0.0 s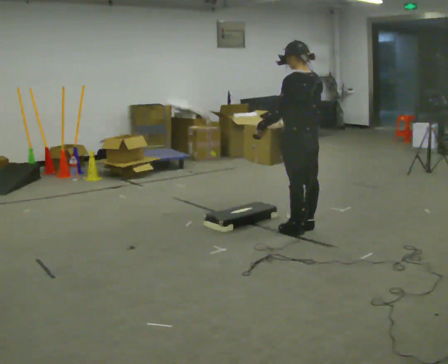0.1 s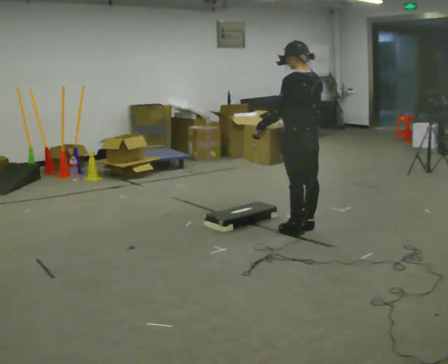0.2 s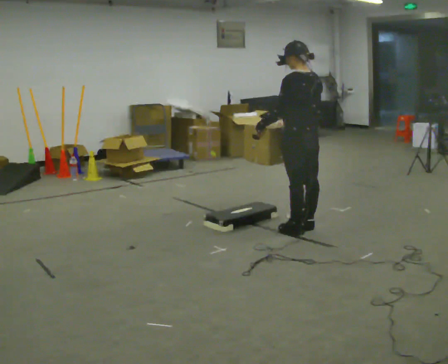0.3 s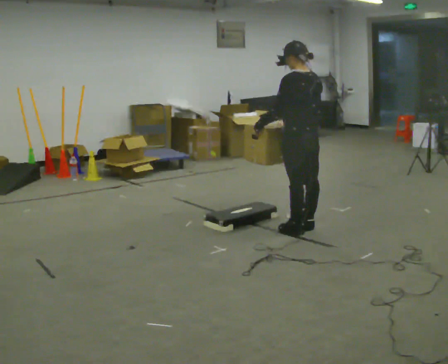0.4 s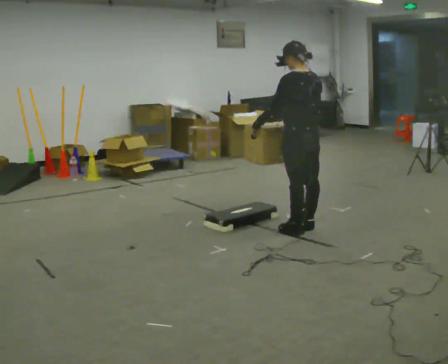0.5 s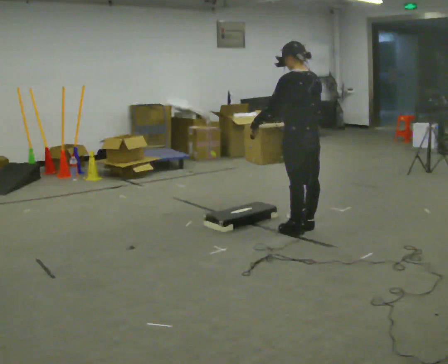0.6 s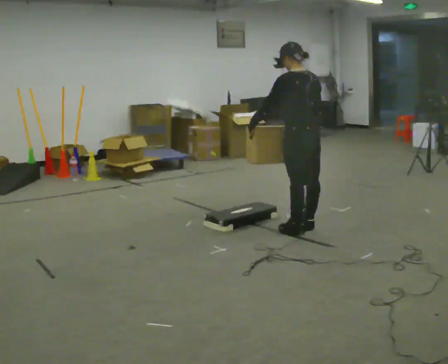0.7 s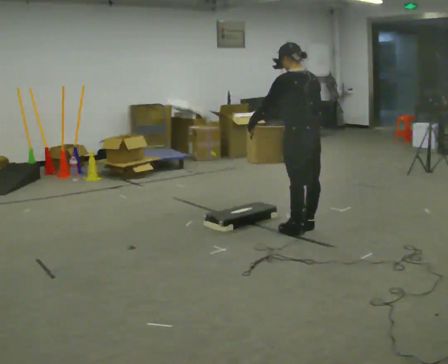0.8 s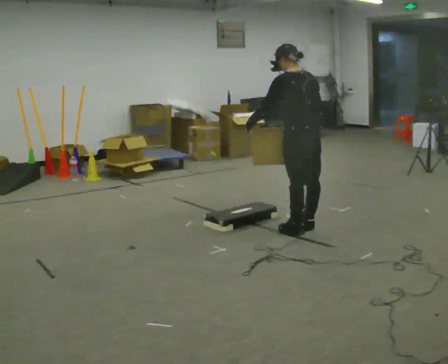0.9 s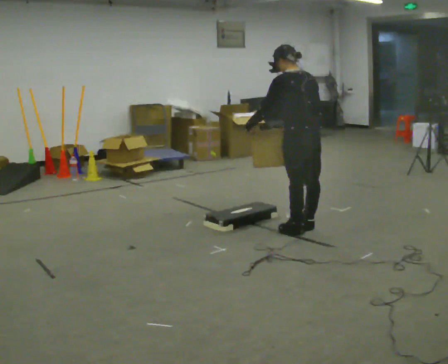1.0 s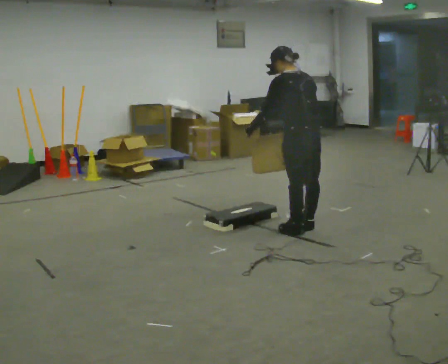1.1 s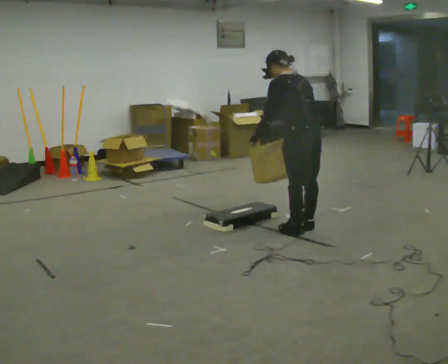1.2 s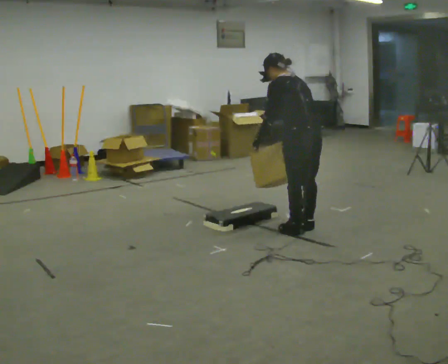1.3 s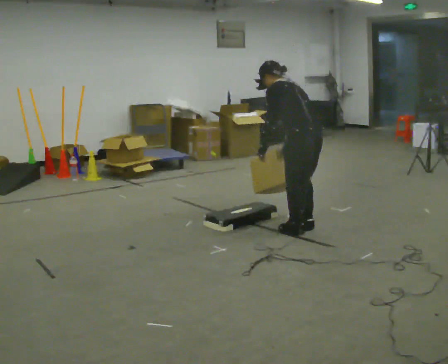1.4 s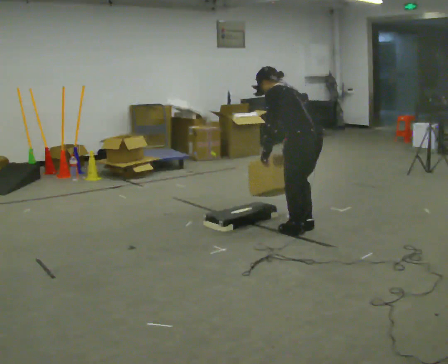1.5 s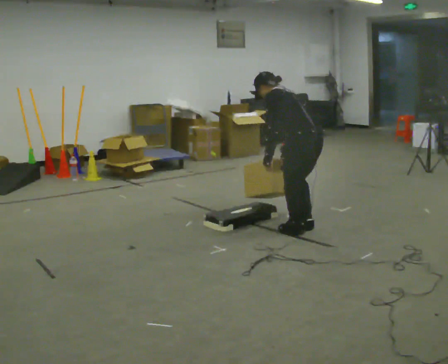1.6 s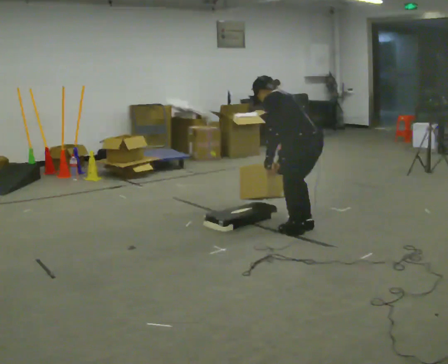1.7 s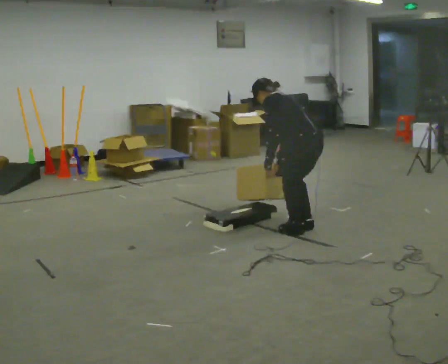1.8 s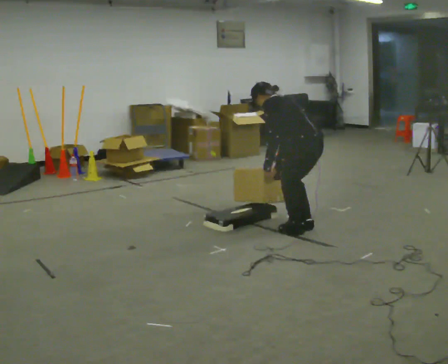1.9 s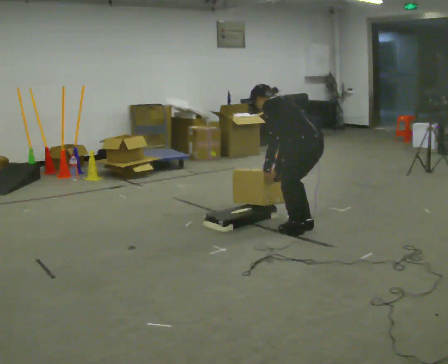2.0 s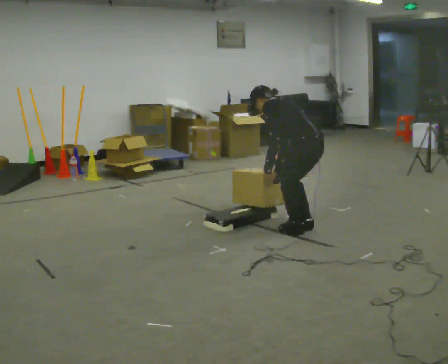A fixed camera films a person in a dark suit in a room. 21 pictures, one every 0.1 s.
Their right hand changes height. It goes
downward.
The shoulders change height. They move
downward.
0.0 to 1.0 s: The person moves a little, or ends about where they began.
1.0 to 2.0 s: The upper body goes downward. In the picture the upper body tilts counterclockwise, shoulders to the left, as they bend forward.
The film runs forward here.
